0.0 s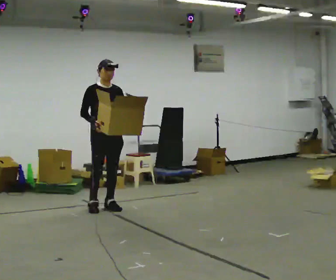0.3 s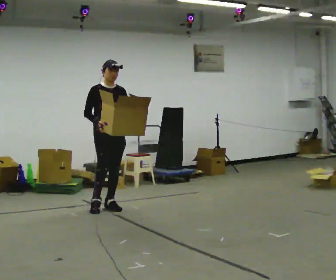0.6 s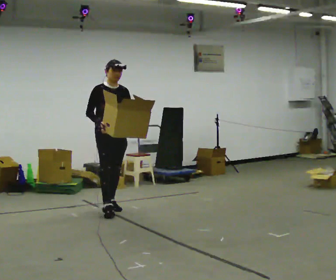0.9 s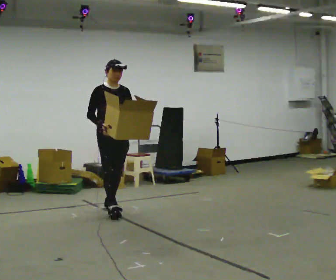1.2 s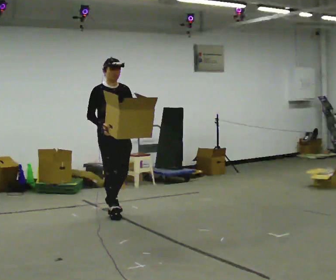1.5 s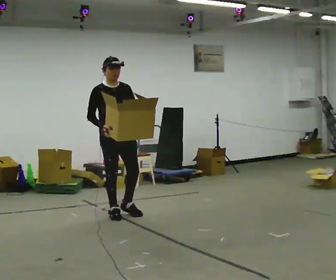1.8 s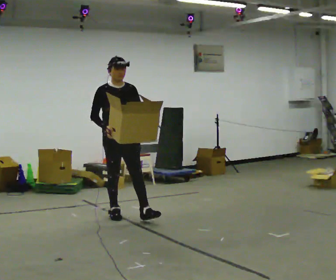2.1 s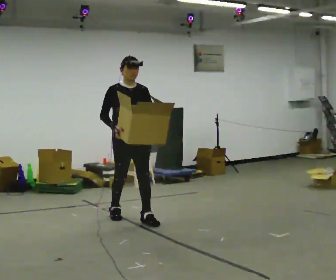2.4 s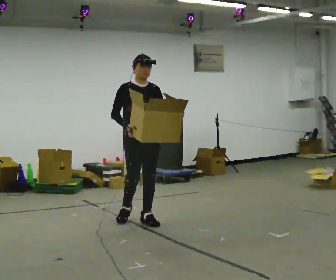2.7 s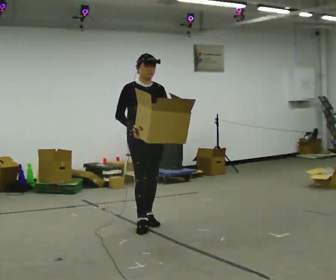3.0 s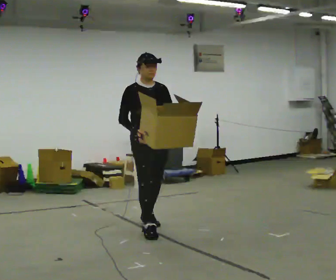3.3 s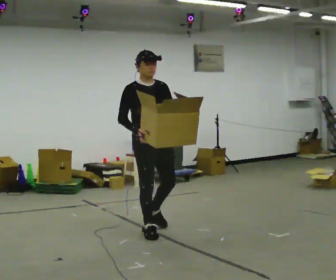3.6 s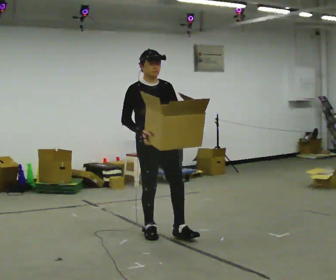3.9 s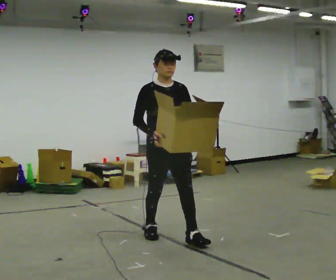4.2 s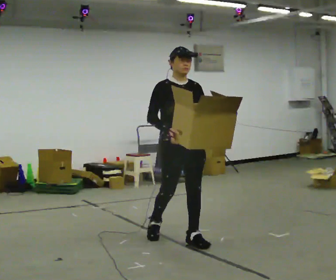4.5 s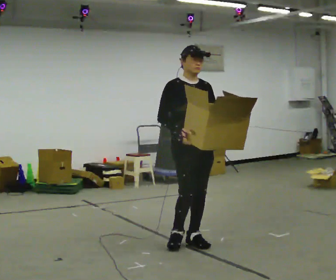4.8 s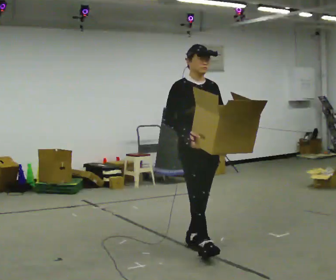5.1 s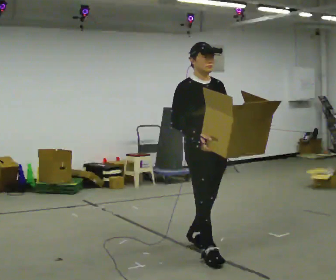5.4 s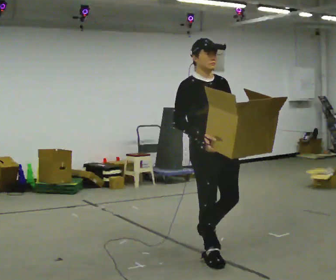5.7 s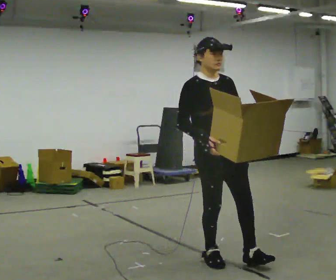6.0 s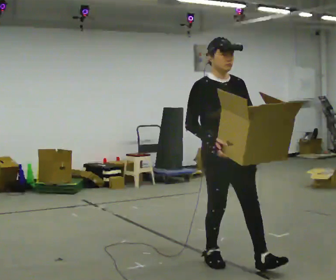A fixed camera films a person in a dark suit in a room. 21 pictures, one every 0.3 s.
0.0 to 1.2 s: In the picture they go toward the camera, about 0.25 m in 1 step, which for them is forward.
1.2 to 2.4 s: In the picture they go toward the camera and to the right, about 0.5 m in 1 step, which for them is forward.
2.4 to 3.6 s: In the picture they go toward the camera, about 0.5 m in 1 step, which for them is forward.
3.6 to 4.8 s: In the picture they go toward the camera and to the right, about 0.5 m in 1 step, which for them is forward.
4.8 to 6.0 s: In the picture they go toward the camera and to the right, about 0.5 m in 2 steps, which for them is forward.
The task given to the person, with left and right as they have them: Carry the open container of water across the room without spilling it, back and forth.
The film runs forward here.
